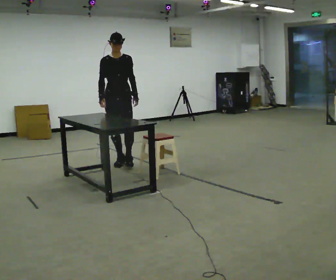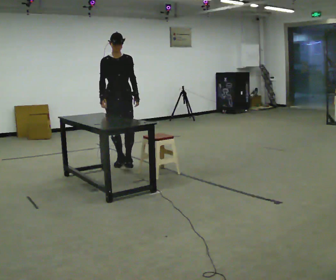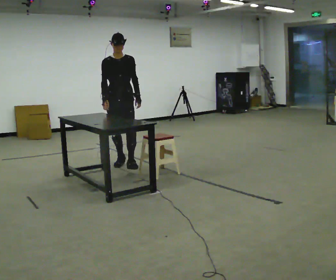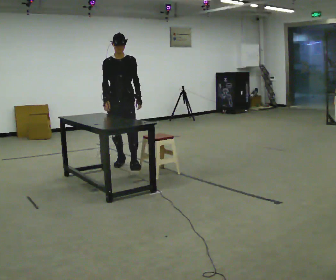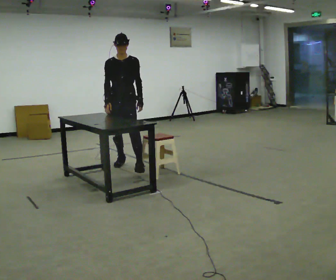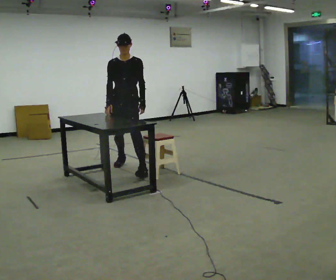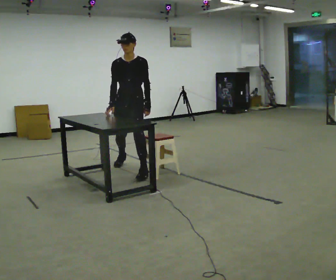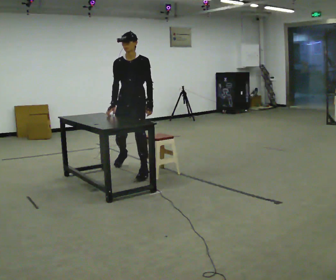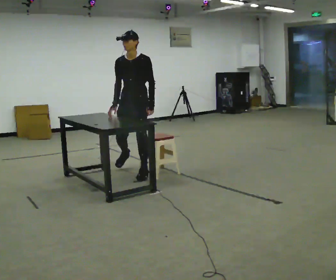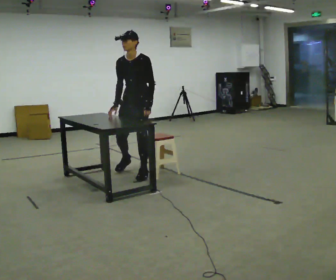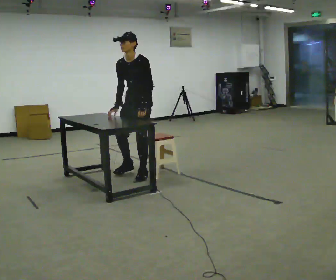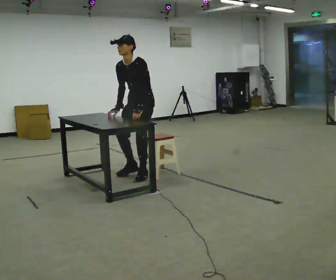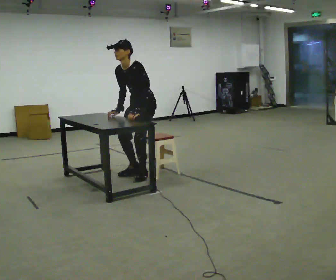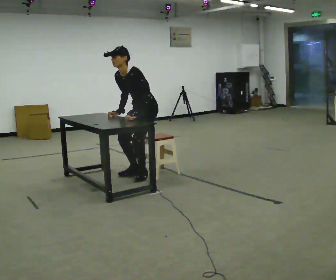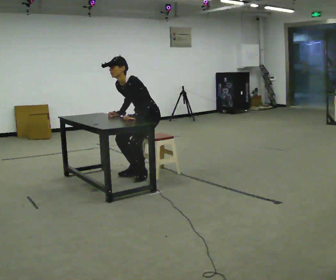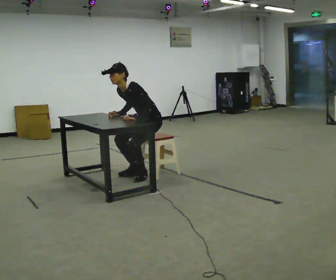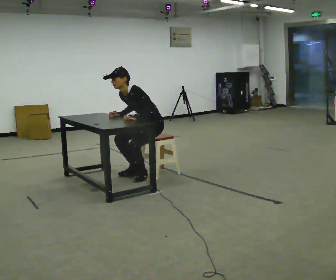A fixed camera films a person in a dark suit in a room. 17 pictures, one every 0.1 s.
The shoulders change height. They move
downward.
The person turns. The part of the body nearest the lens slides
to the left.
0.0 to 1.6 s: The person turns about 75 degrees to their right, clockwise seen from above, so the part of the body nearest the lens slides to the left. In the picture they go toward the camera and to the right, about 0.75 m in 2 steps. The upper body goes downward. In the picture the upper body tilts counterclockwise, shoulders to the left, as they bend forward.
The film runs forward here.
